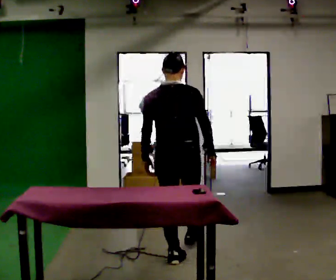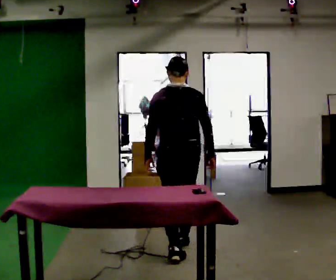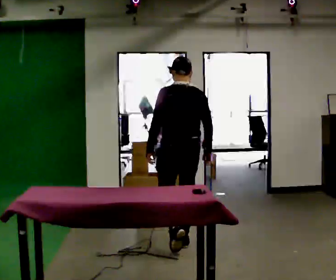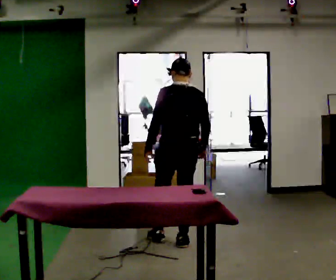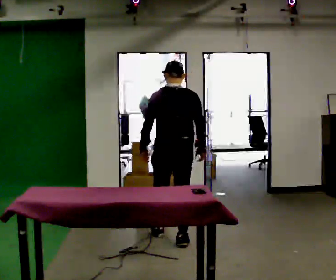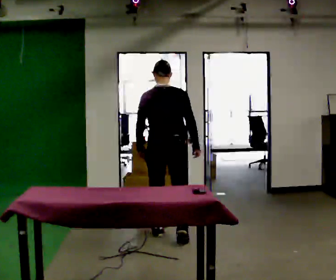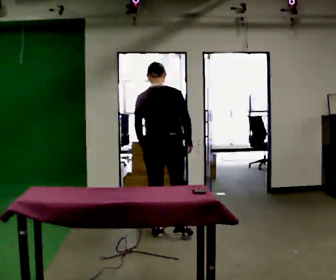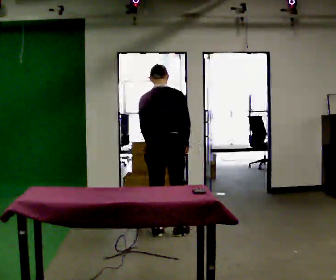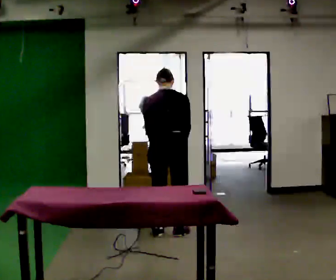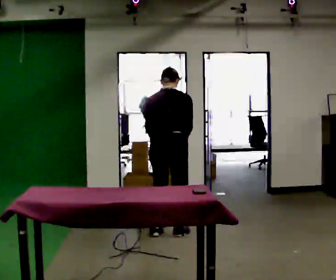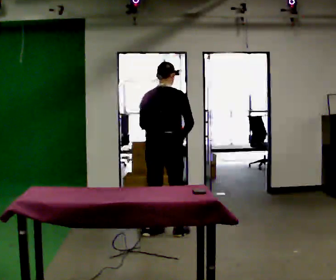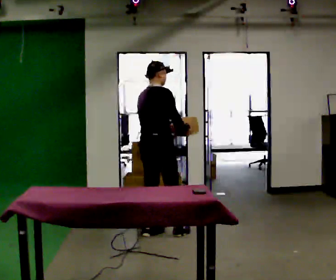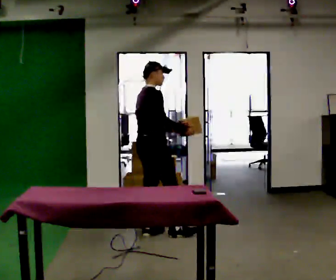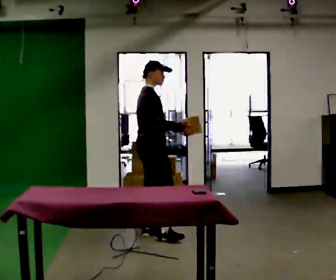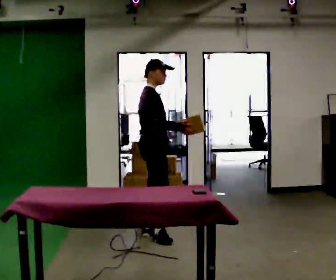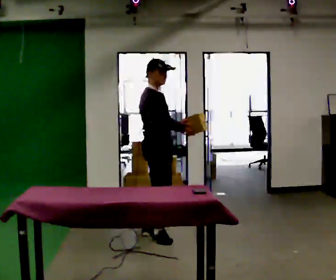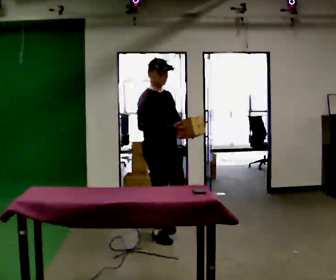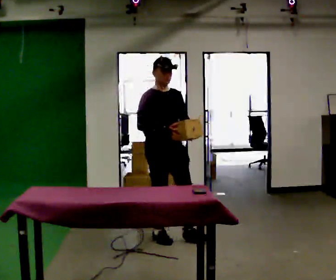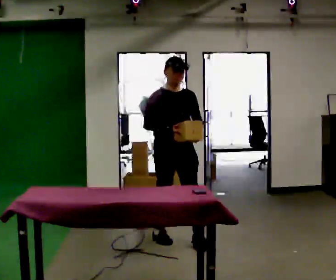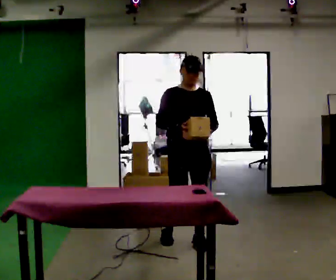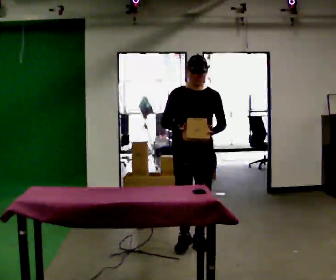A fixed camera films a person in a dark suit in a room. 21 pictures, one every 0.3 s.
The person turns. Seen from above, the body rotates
clockwise.
The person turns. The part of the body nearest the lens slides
to the left.
0.0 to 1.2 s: In the picture they go away from the camera, about 0.5 m in 2 steps, which for them is forward.
1.2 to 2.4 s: In the picture they go away from the camera, about 0.25 m in 1 step, which for them is forward. The upper body tips away from the camera, its near side rolling upward, as they bend forward.
2.4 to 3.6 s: The part of the body nearest the lens slides to the left as the person turns to their right by about 60 degrees. In the picture they go to the left, about 0.25 m. The upper body tips toward the camera, its near side rolling downward, as they lean back or straighten.
3.6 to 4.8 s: The person turns about 60 degrees to their right, clockwise seen from above, so the part of the body nearest the lens slides to the left. In the picture they go toward the camera, about 0.25 m in 1 step, which for them is to their right.
4.8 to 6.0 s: The person turns about 45 degrees to their right, clockwise seen from above, so the part of the body nearest the lens slides to the left. In the picture they go to the right and toward the camera, about 0.5 m in 1 step, which for them is forward and to their left.
The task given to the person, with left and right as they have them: 1. Clear everything off the table and put it away on the shelves. 2. Then set the table back up the way the operator shows you in the photo. 3. Tell the operator when you are finished.
The film runs forward here.
